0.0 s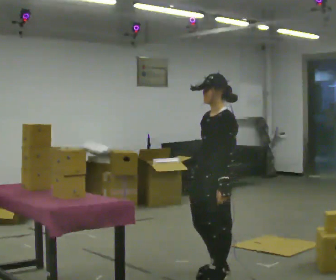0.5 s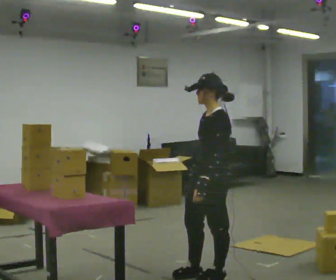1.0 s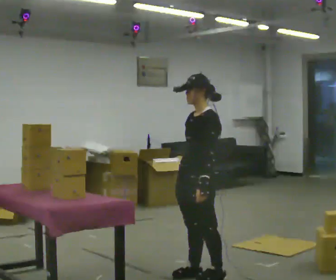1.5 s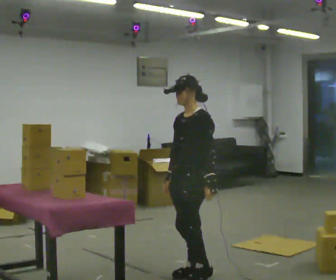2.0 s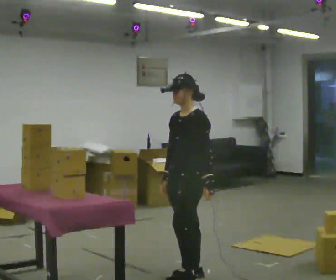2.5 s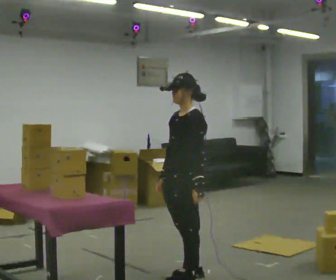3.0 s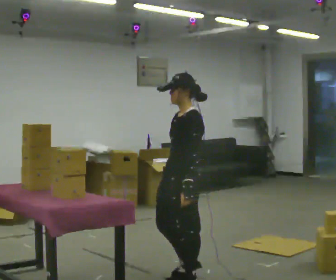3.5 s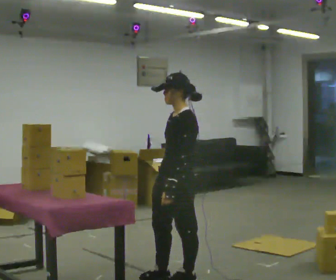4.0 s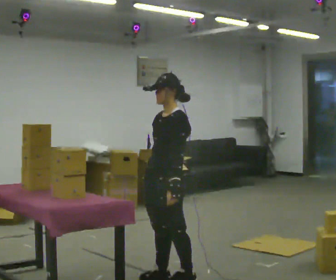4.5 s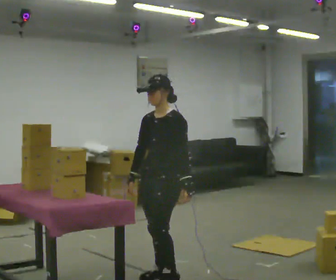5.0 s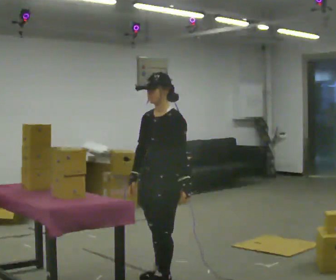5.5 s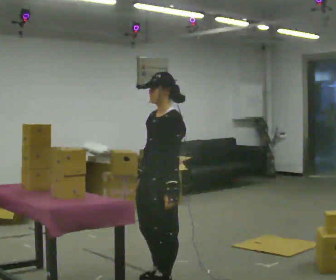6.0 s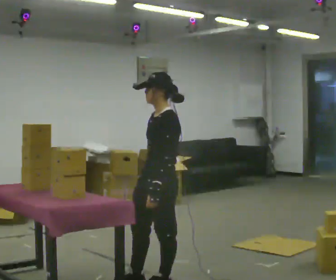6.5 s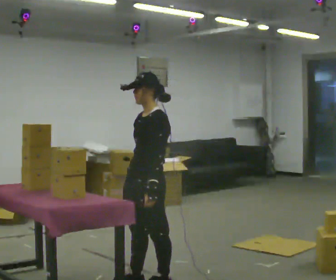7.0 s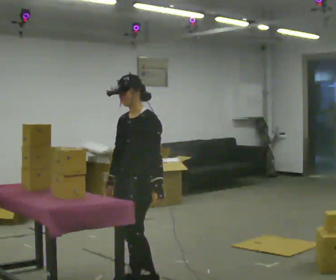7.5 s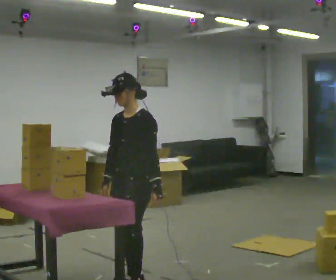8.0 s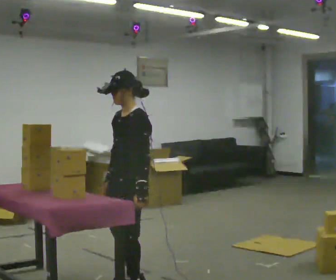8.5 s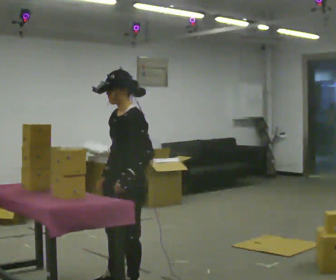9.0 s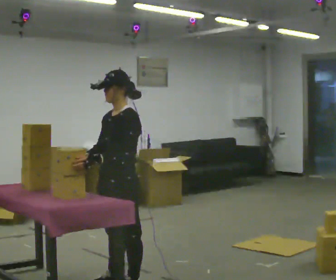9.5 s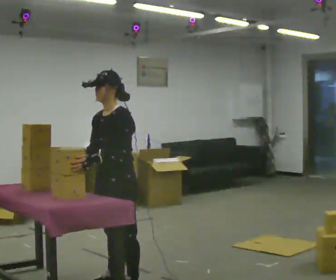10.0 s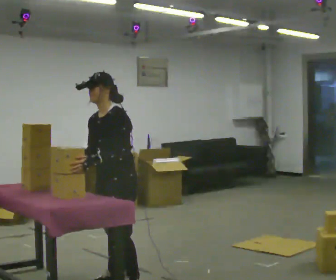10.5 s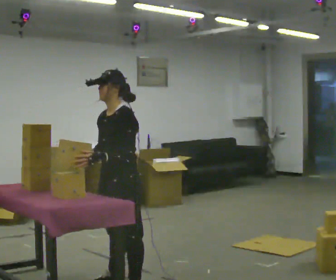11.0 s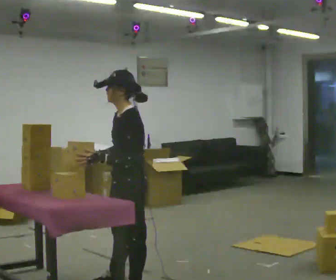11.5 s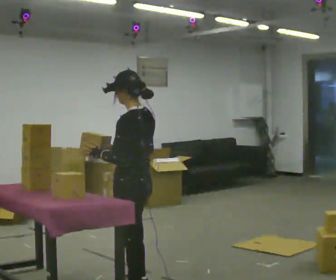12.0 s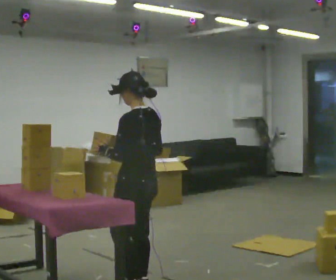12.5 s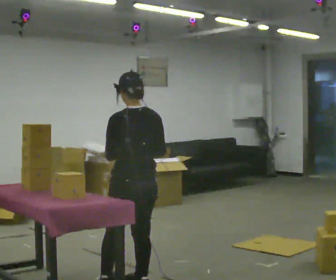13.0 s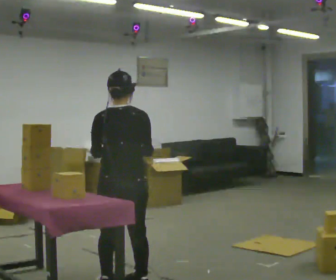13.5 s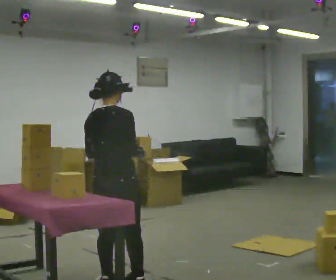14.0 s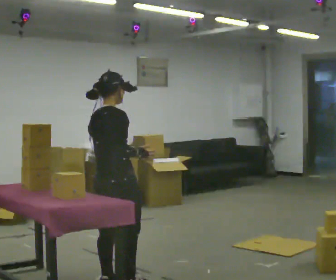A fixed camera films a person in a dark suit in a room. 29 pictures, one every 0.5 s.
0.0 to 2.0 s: In the picture they go to the left, about 0.25 m in 2 steps, which for them is forward and to their right.
2.0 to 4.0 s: In the picture they go to the left, about 0.25 m in 1 step, which for them is forward.
4.0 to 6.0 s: The person moves a little, or ends about where they began.
6.0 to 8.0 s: In the picture they go to the left, about 0.25 m in 1 step, which for them is forward.
8.0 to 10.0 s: The person moves a little, or ends about where they began.
10.0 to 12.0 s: Seen from above the body turns clockwise, about 75 degrees: to their right, with its near side sliding to the left. In the picture the upper body tilts clockwise, shoulders to the right.
12.0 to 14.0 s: Seen from above the body turns clockwise, about 105 degrees: to their right, with its near side sliding to the left. In the picture they go to the left, about 0.25 m in 1 step.
The film runs forward here.
